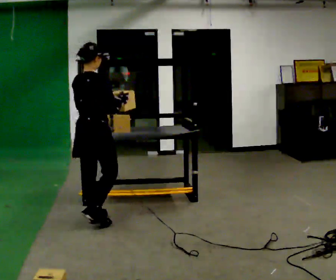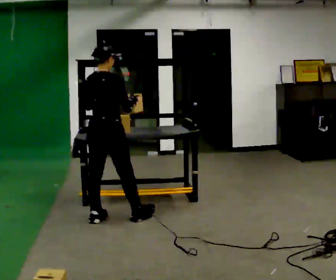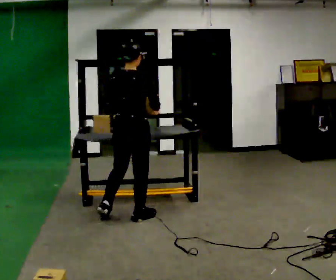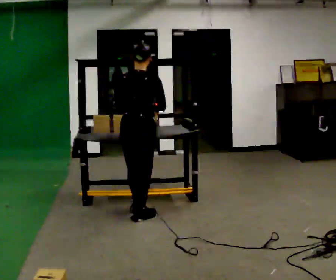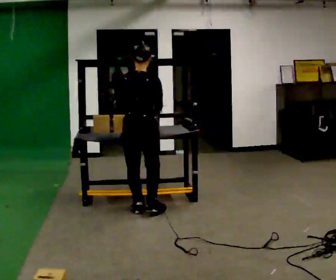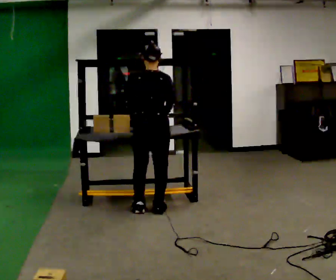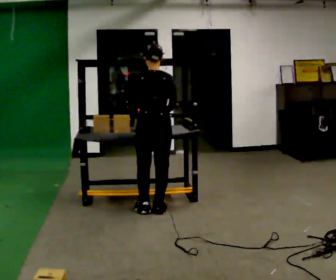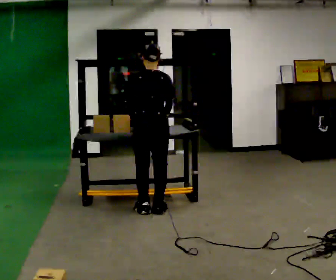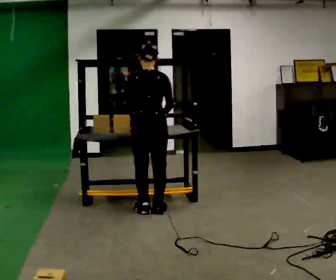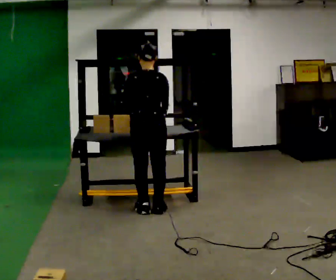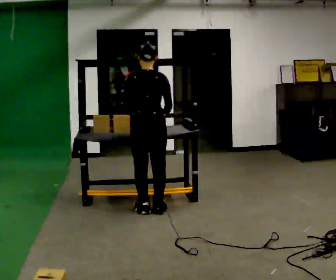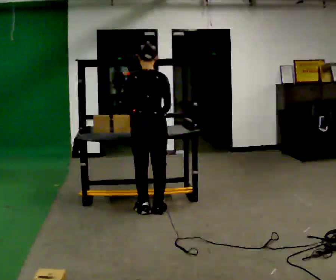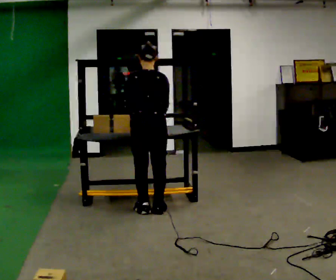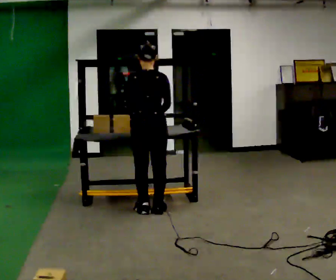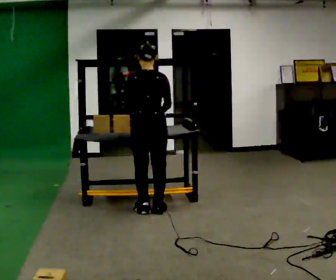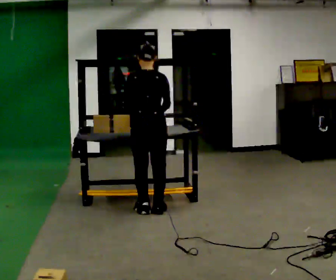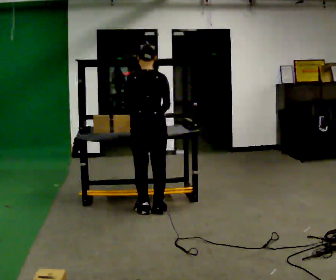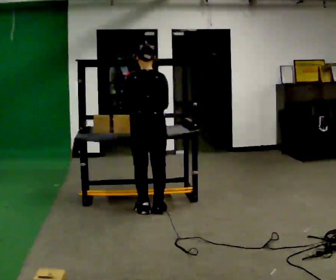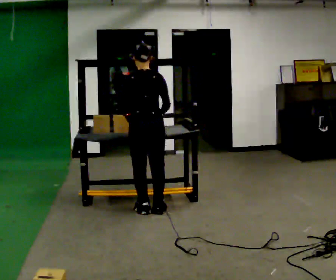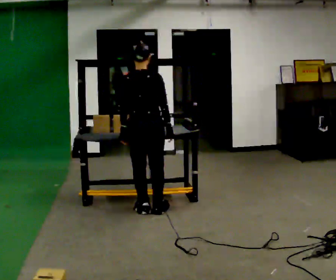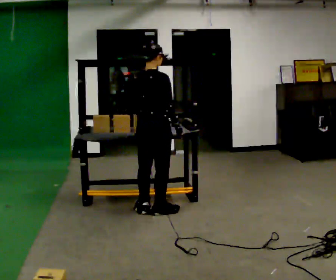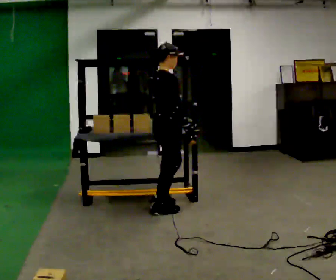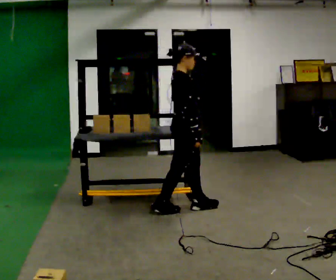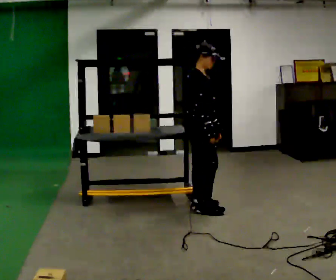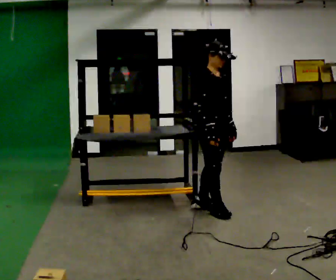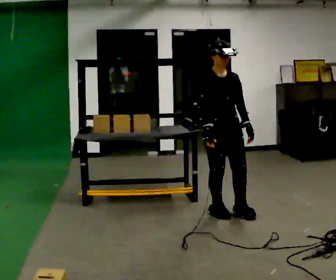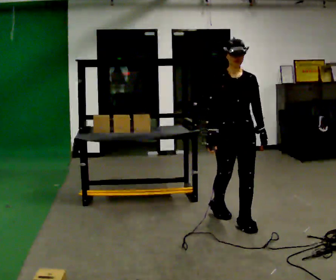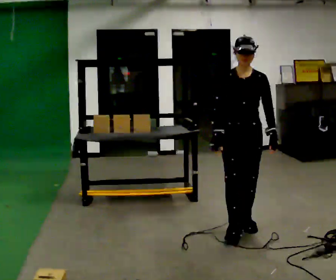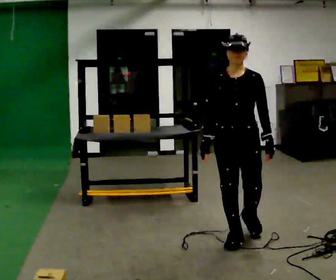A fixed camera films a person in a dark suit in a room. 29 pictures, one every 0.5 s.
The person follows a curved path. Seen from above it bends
clockwise.
0.0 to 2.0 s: The person turns about 30 degrees to their left, counterclockwise seen from above, so the part of the body nearest the lens slides to the right. In the picture they go to the right and away from the camera, about 0.5 m in 2 steps, which for them is forward and to their right.
2.0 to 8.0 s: The person moves a little, or ends about where they began.
8.0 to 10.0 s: Seen from above the body turns clockwise, about 45 degrees: to their right, with its near side sliding to the left.
10.0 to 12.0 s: Seen from above the body turns clockwise, about 90 degrees: to their right, with its near side sliding to the left. In the picture they go to the right, about 0.5 m in 2 steps.
12.0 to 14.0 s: The part of the body nearest the lens slides to the left as the person turns to their right by about 60 degrees. In the picture they go toward the camera, about 1 m in 2 steps, which for them is forward.
The film runs forward here.
